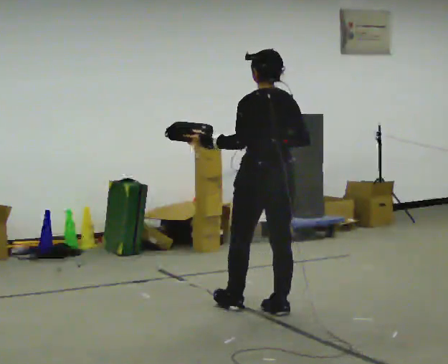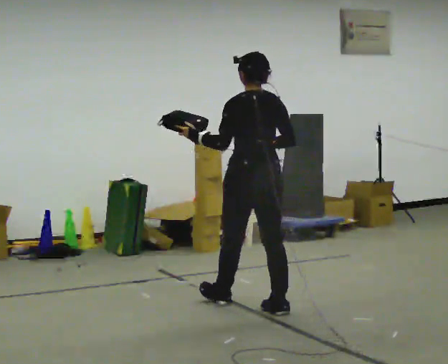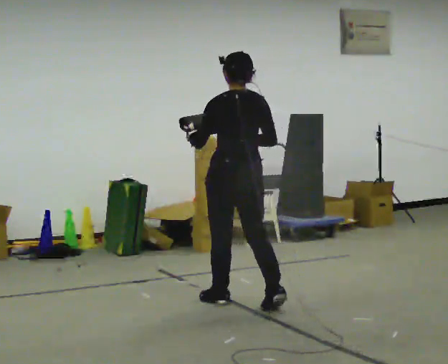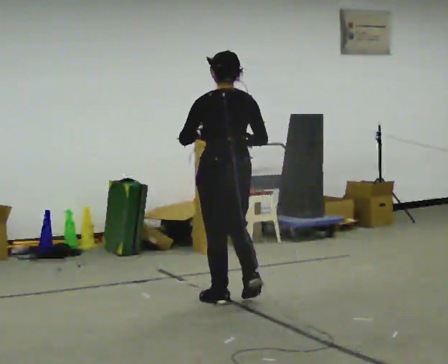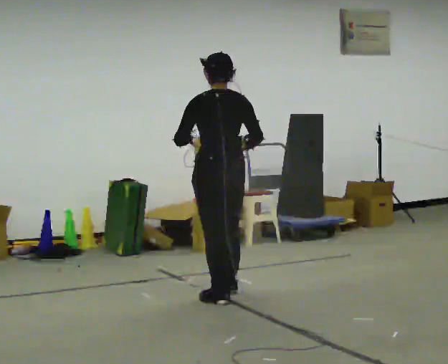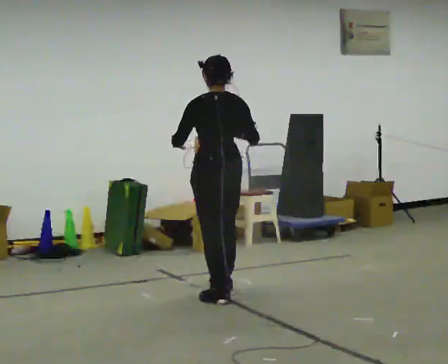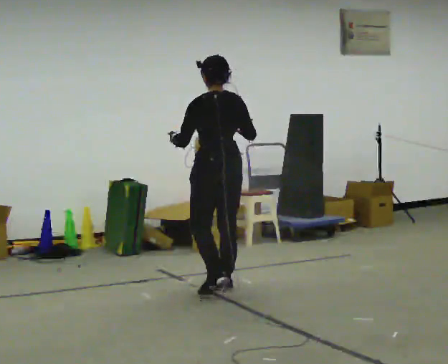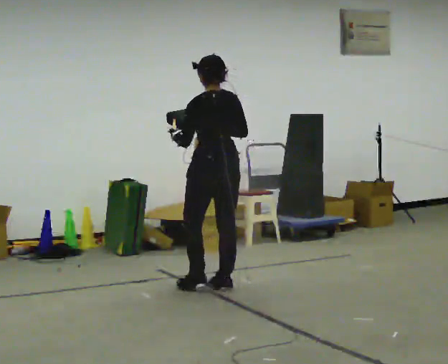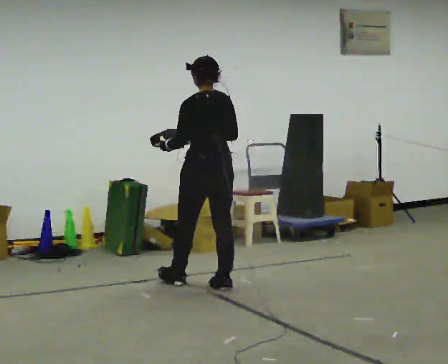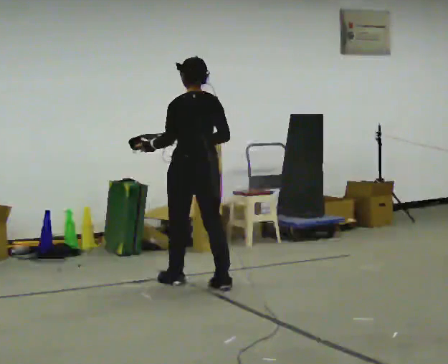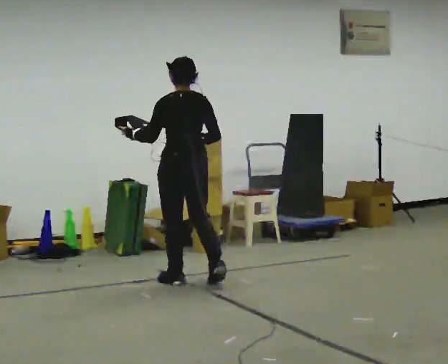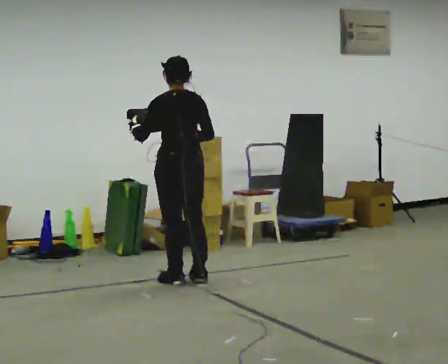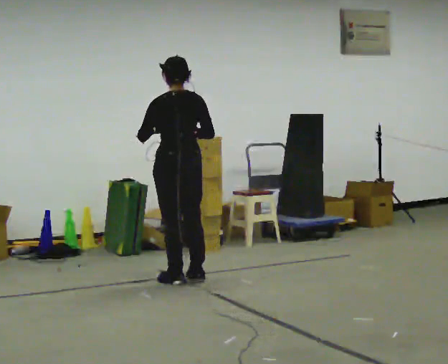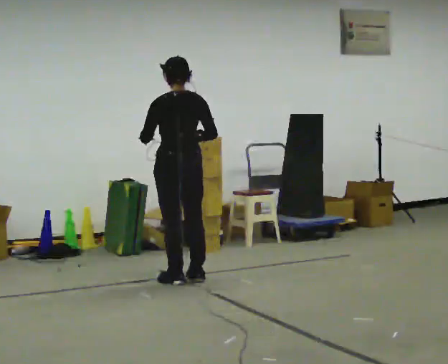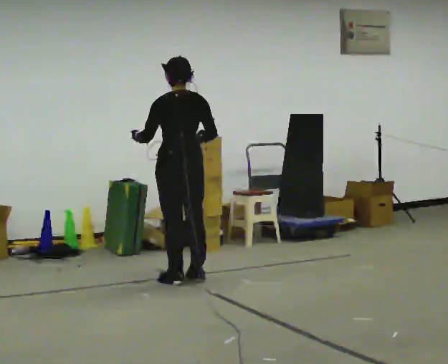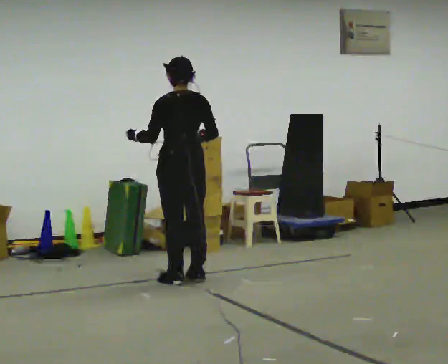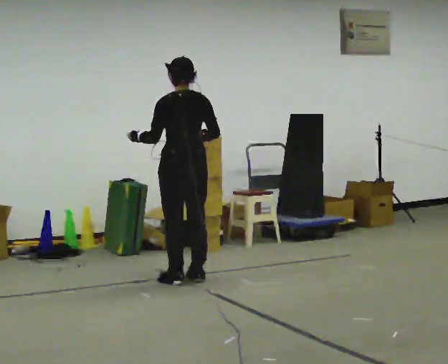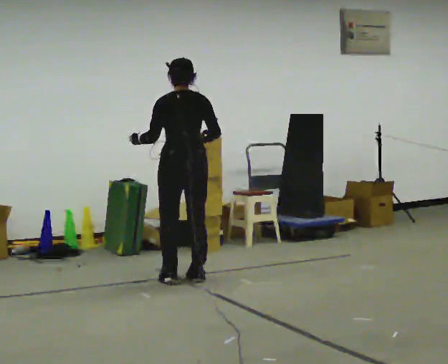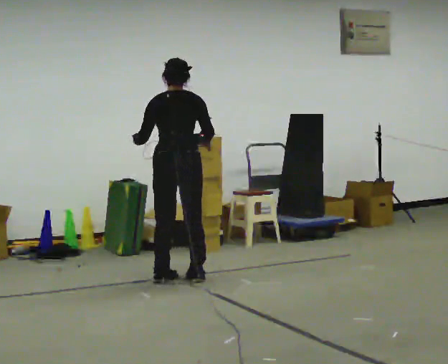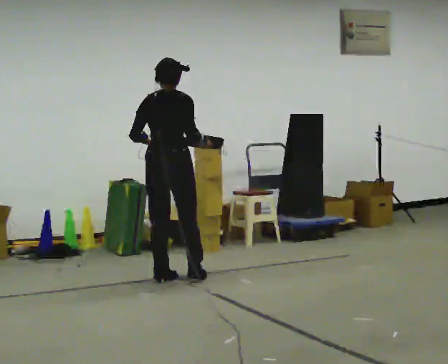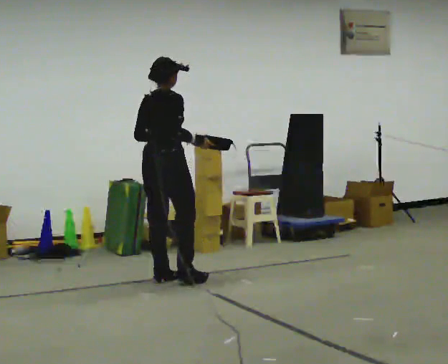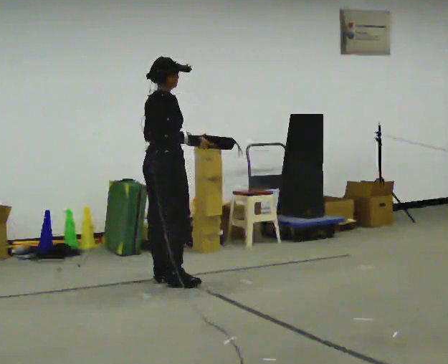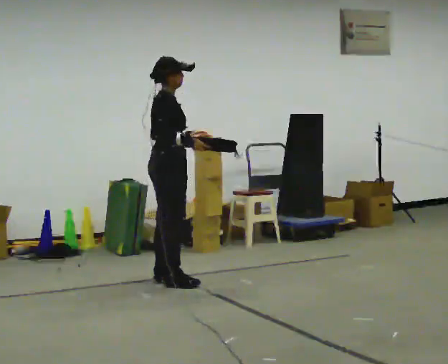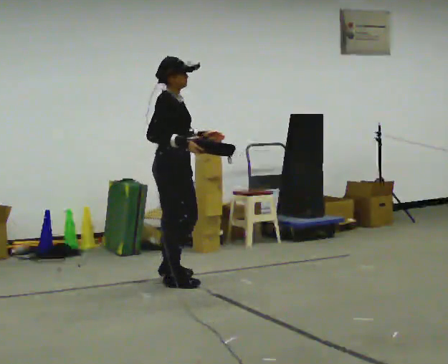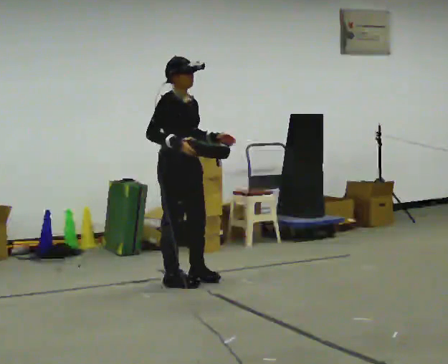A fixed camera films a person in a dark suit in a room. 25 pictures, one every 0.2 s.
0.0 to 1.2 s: In the picture they go away from the camera and to the left, about 0.75 m in 2 steps, which for them is forward.
1.2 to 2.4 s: In the picture they go away from the camera and to the left, about 0.5 m in 2 steps, which for them is forward and to their left.
2.4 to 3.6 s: The part of the body nearest the lens slides to the left as the person turns to their right by about 30 degrees.
3.6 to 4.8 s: The person turns about 120 degrees to their right, clockwise seen from above, so the part of the body nearest the lens slides to the left. In the picture their left hand goes to the right.
The film runs forward here.
